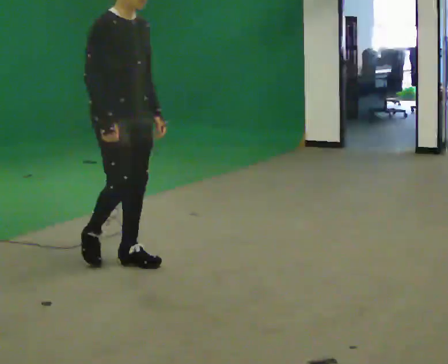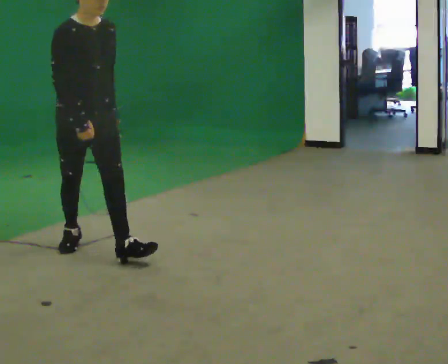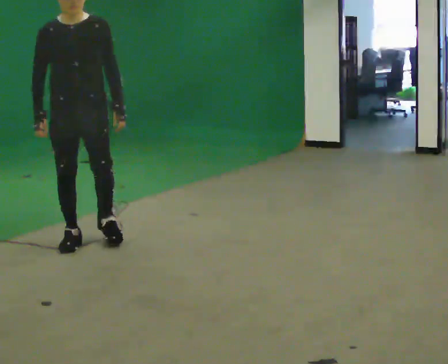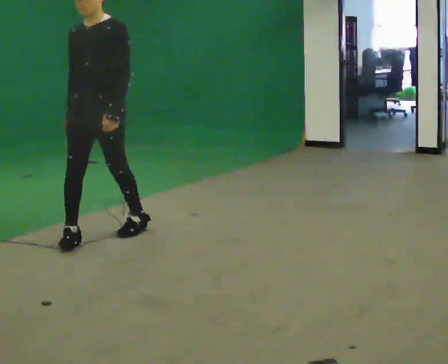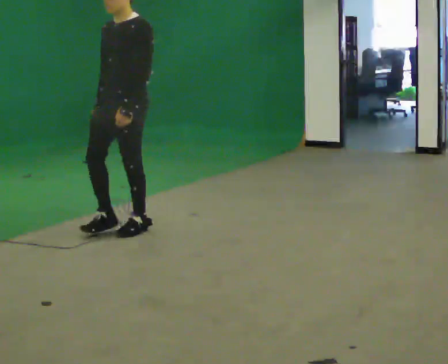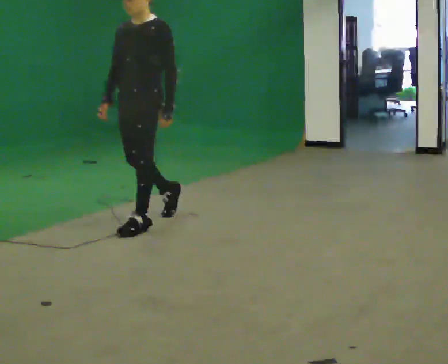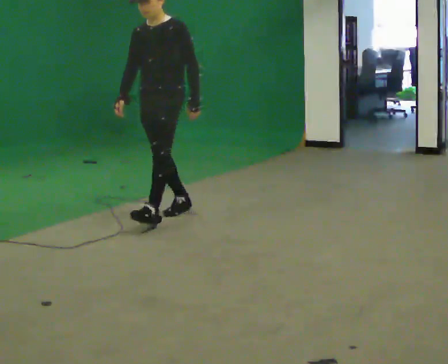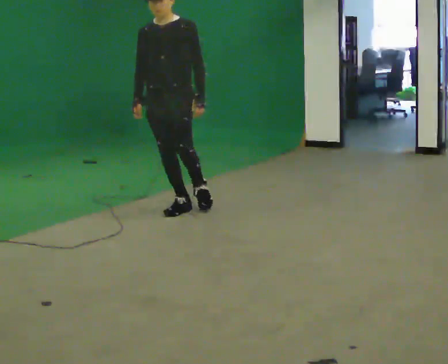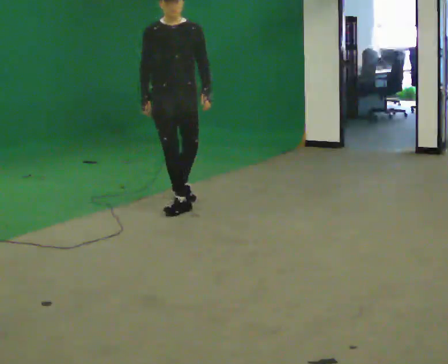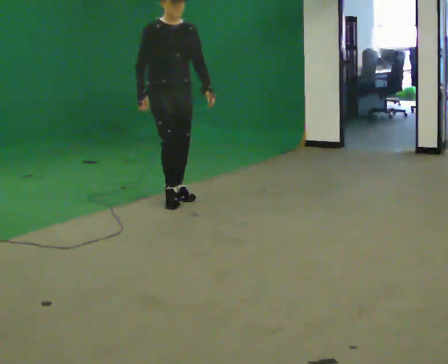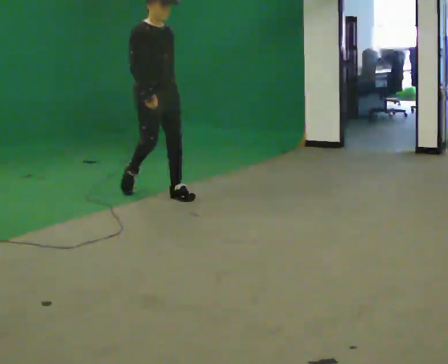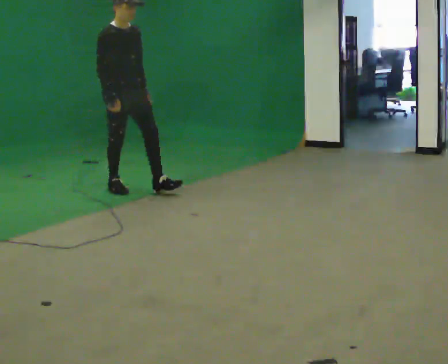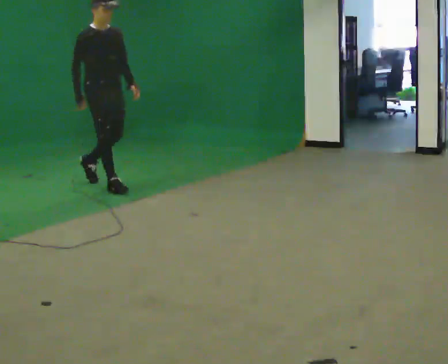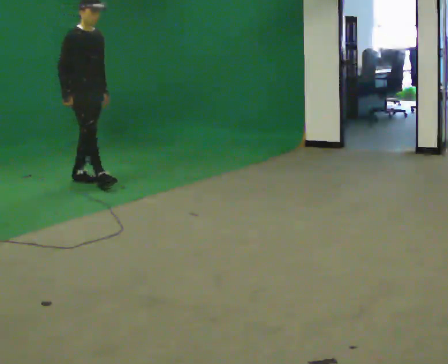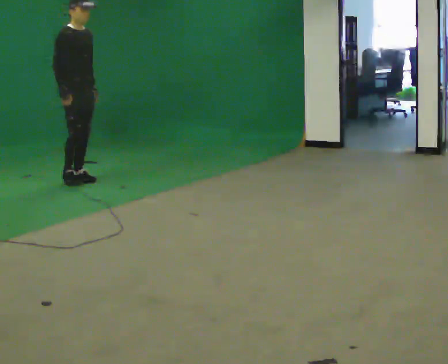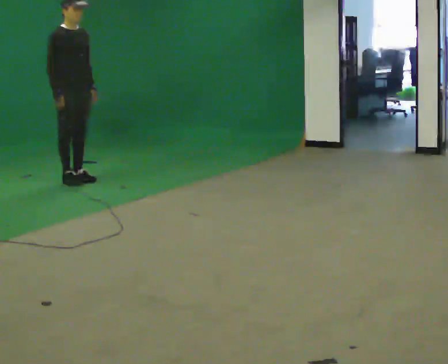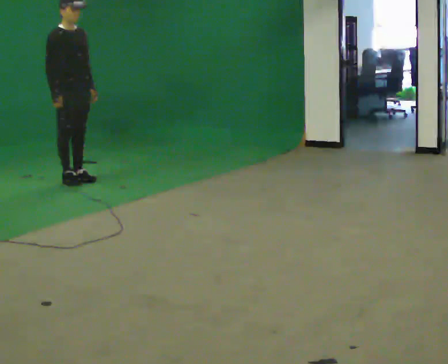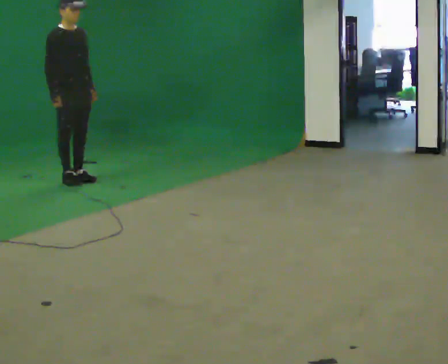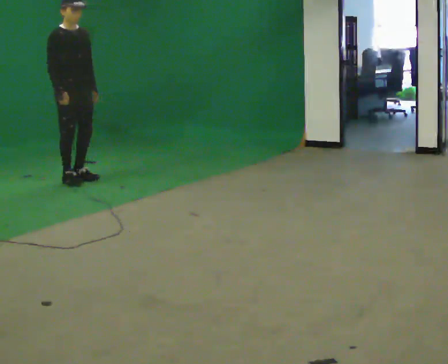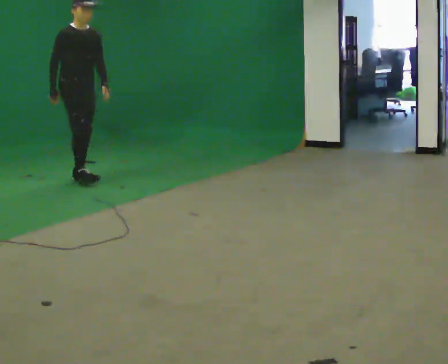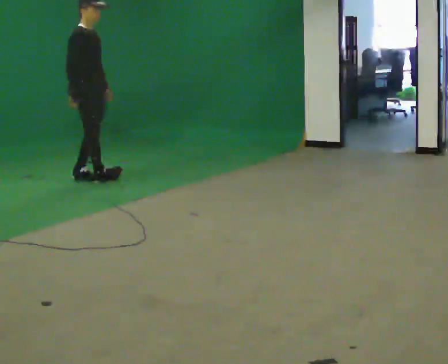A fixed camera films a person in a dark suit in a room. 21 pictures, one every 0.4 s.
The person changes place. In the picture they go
away from the camera.
0.0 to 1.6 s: The person turns about 90 degrees to their right, clockwise seen from above, so the part of the body nearest the lens slides to the left. In the picture they go away from the camera, about 0.75 m in 2 steps.
1.6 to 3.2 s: The part of the body nearest the lens slides to the right as the person turns to their left by about 45 degrees. In the picture they go away from the camera and to the right, about 1 m in 1 step, which for them is backward.
3.2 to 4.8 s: The part of the body nearest the lens slides to the right as the person turns to their left by about 45 degrees. In the picture they go away from the camera and to the left, about 1 m in 2 steps, which for them is backward.
4.8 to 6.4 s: In the picture they go to the left and away from the camera, about 0.5 m in 1 step, which for them is backward.
6.4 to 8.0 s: The person moves a little, or ends about where they began.
The film runs backward here.
